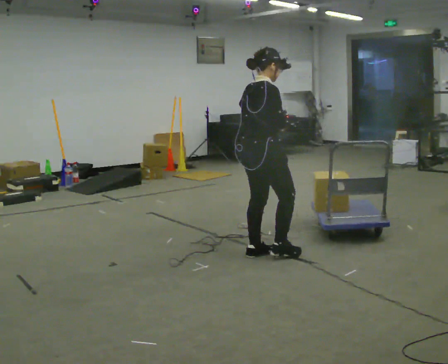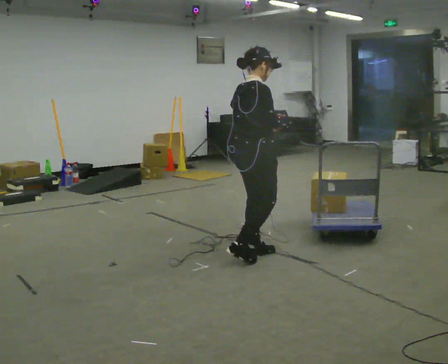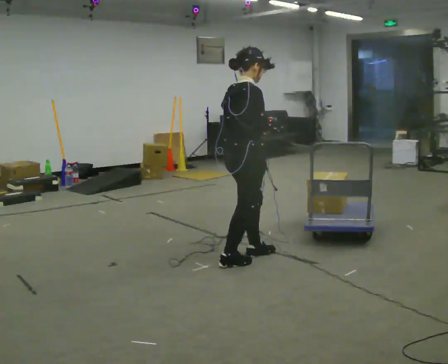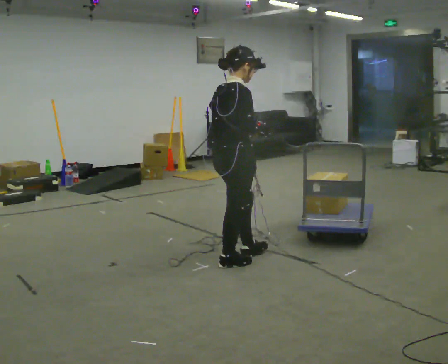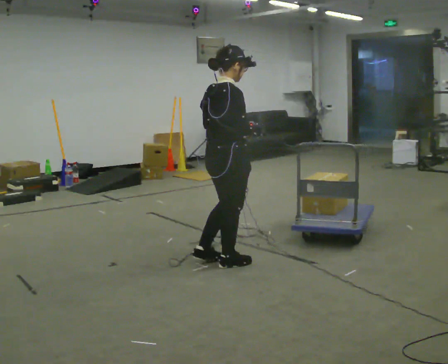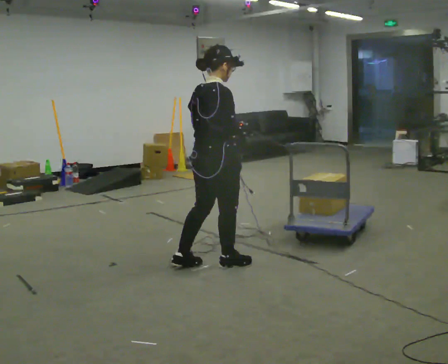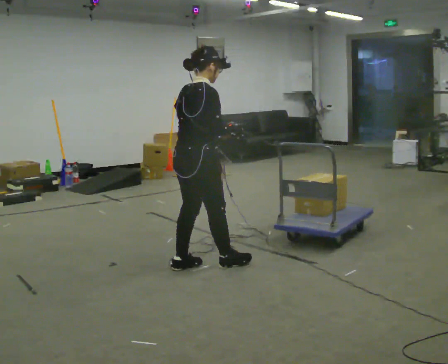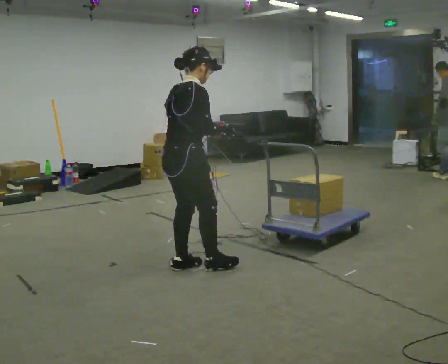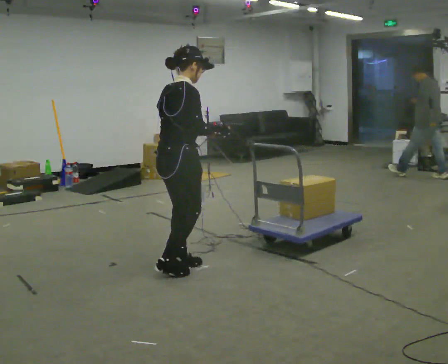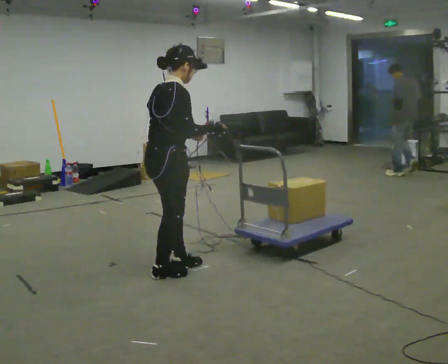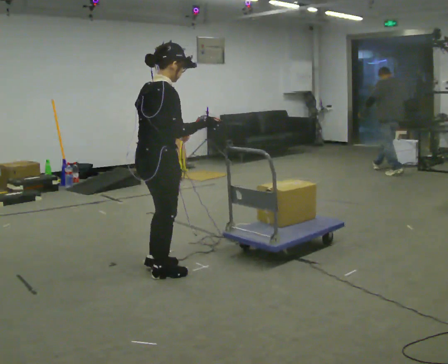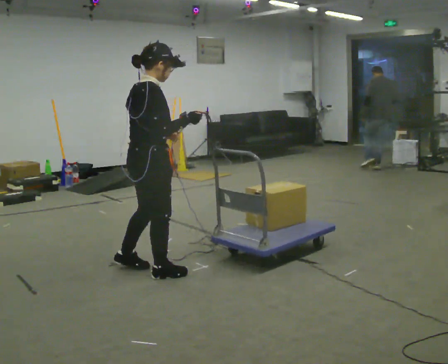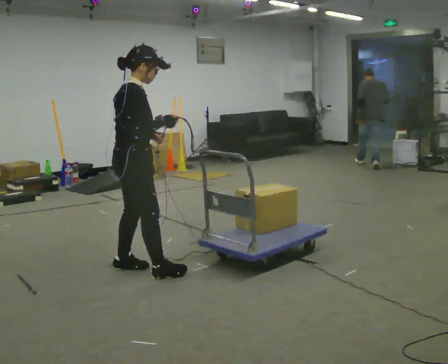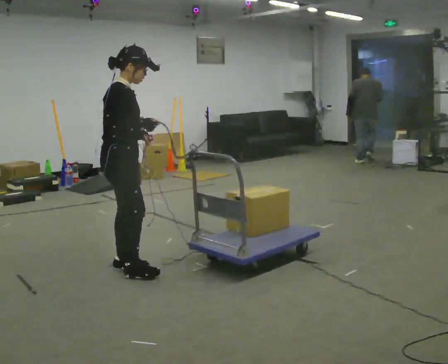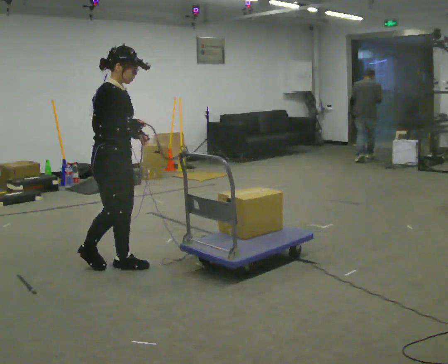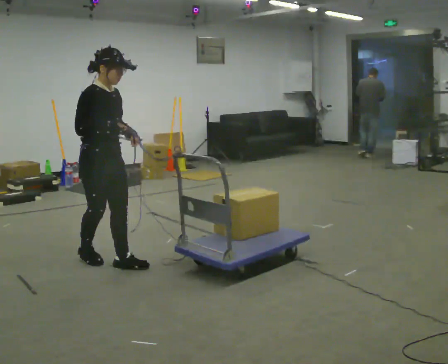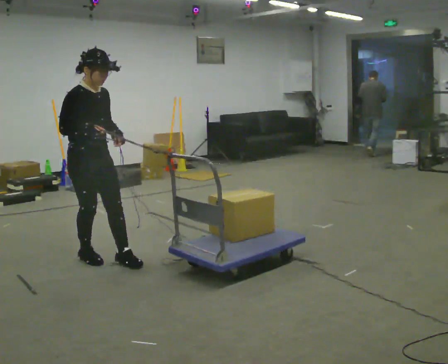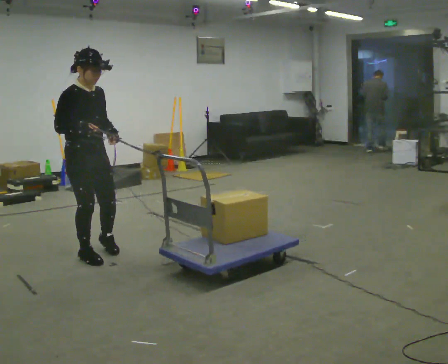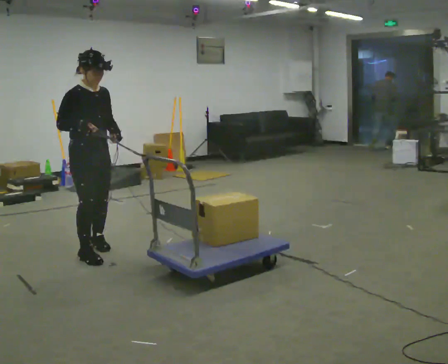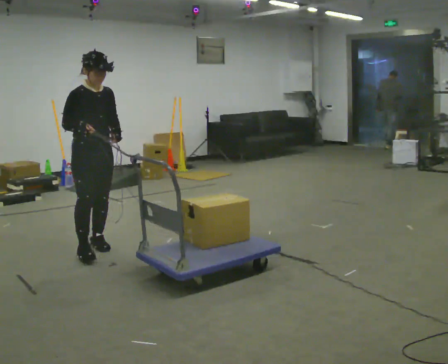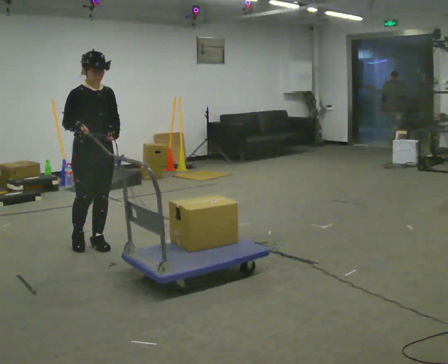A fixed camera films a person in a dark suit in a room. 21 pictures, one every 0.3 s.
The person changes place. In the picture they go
to the left.
The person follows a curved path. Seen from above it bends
clockwise.
0.0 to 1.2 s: In the picture they go to the left and toward the camera, about 0.25 m in 1 step, which for them is backward.
1.2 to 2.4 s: In the picture they go to the left, about 0.25 m in 1 step, which for them is backward.
2.4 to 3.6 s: In the picture they go to the left, about 0.25 m in 2 steps, which for them is backward.
3.6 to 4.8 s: The person turns about 45 degrees to their right, clockwise seen from above, so the part of the body nearest the lens slides to the left. In the picture they go to the left and away from the camera, about 0.5 m in 1 step, which for them is backward.
4.8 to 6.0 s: In the picture they go away from the camera, about 0.25 m in 1 step, which for them is backward and to their left.
The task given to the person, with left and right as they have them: Hold the rope in both hands and drag the sled towards you as you walk backward. The operator will confirm the space behind you is clear.
The film runs forward here.
